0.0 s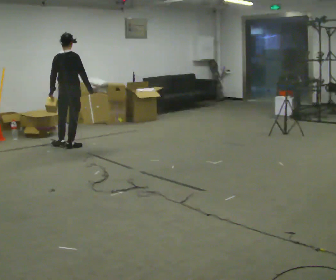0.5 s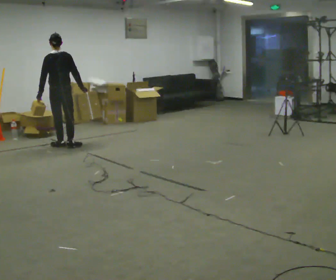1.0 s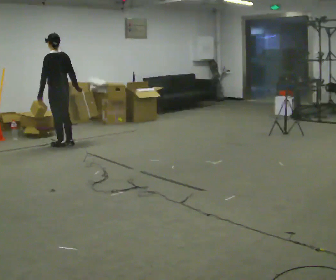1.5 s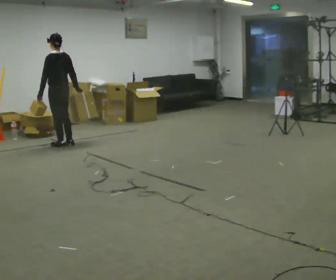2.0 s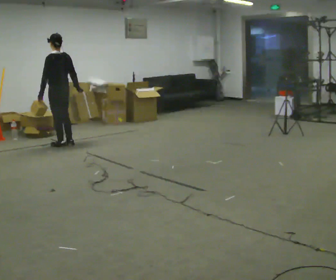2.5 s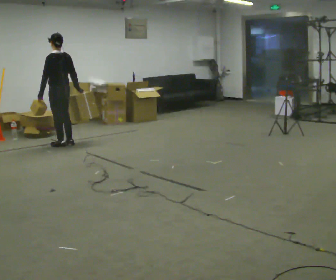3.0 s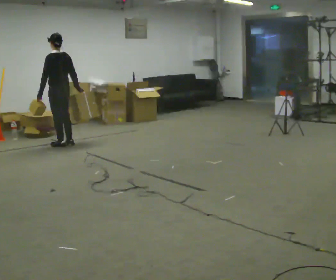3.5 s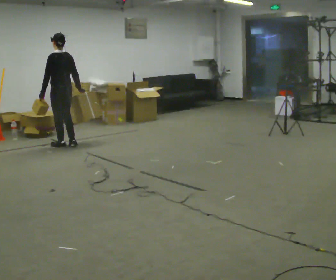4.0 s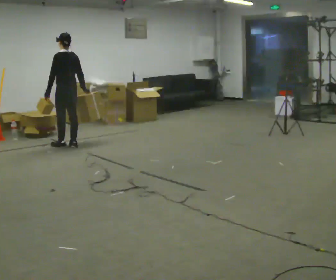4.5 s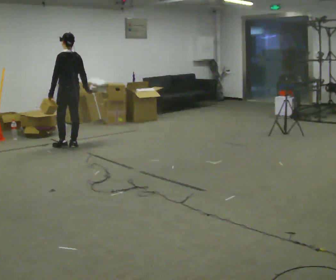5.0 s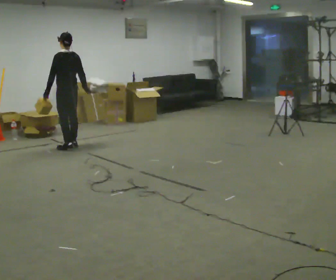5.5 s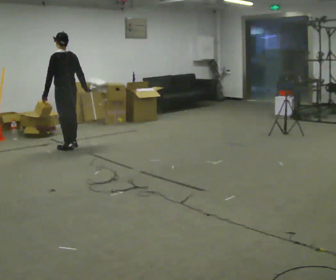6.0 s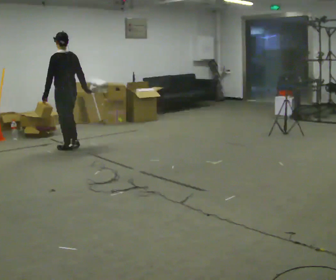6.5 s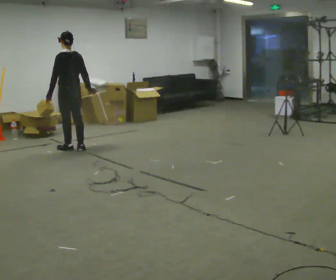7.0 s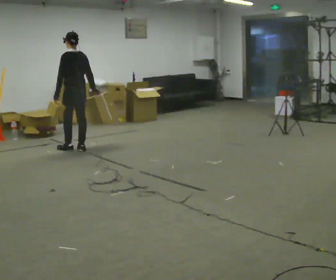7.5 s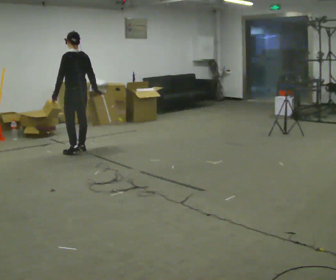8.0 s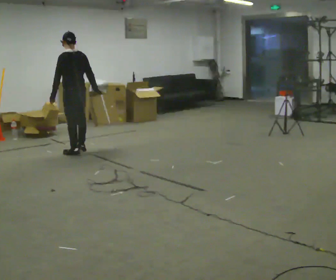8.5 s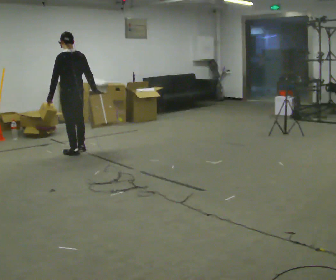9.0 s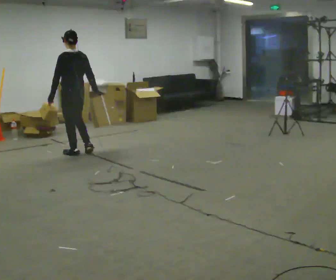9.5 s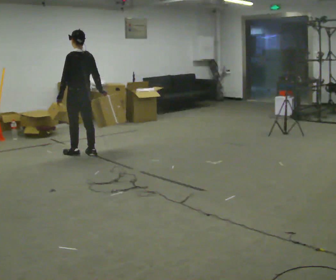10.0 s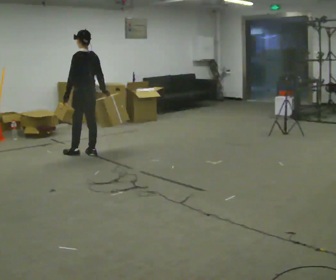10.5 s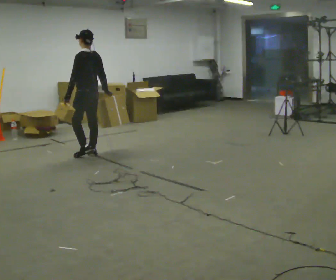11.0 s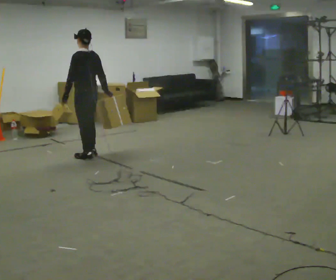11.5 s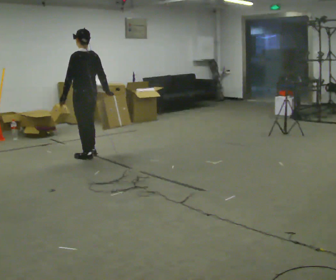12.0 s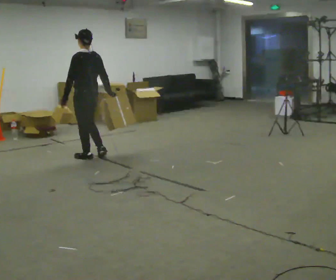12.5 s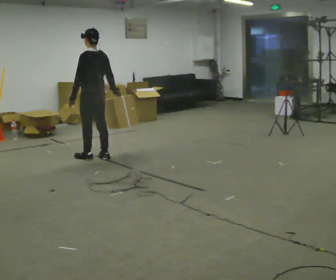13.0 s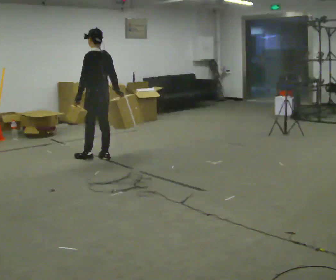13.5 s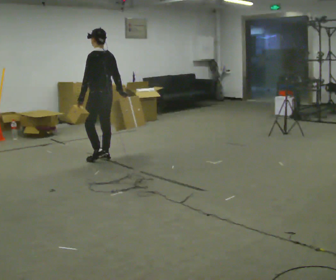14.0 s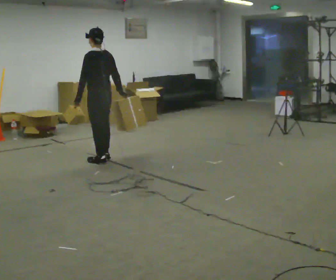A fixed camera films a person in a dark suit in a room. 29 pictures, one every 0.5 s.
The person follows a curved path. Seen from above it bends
counterclockwise.
The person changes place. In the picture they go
toward the camera.
0.0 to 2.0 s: The person turns about 60 degrees to their left, counterclockwise seen from above, so the part of the body nearest the lens slides to the right.
2.0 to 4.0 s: The person moves a little, or ends about where they began.
4.0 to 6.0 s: In the picture they go toward the camera, about 0.25 m in 2 steps, which for them is backward and to their left.
6.0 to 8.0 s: In the picture they go toward the camera, about 0.25 m in 1 step, which for them is backward.
8.0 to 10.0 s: The person moves a little, or ends about where they began.
10.0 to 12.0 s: In the picture they go toward the camera, about 0.25 m in 2 steps, which for them is backward and to their left.
12.0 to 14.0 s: In the picture they go to the right, about 0.25 m in 1 step, which for them is backward.
The film runs backward here.
